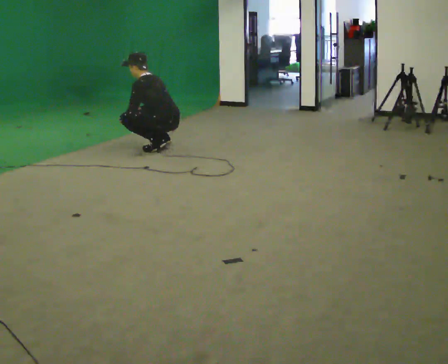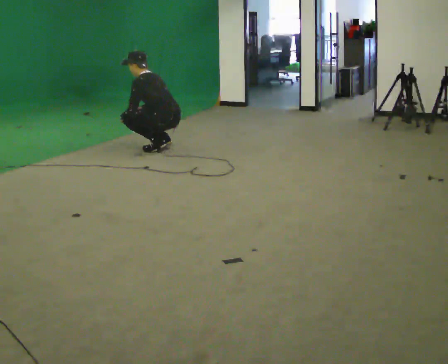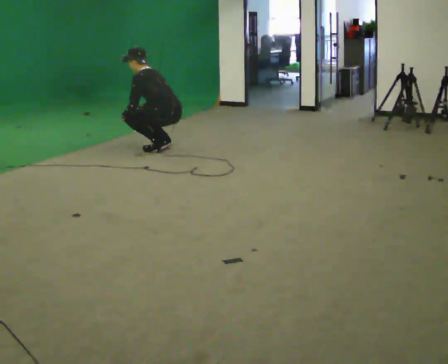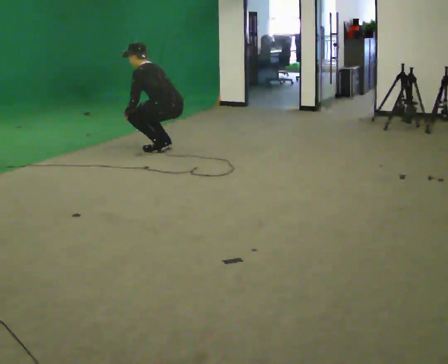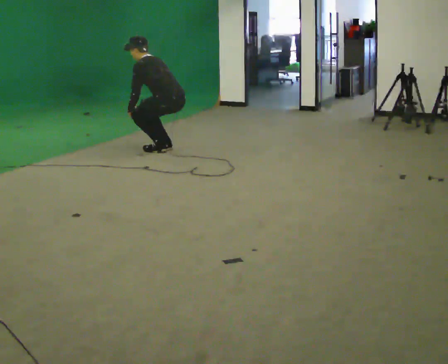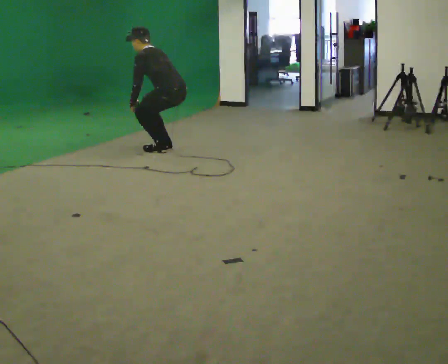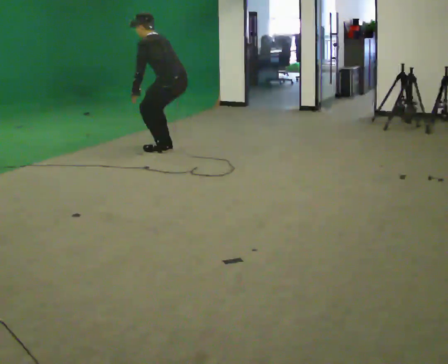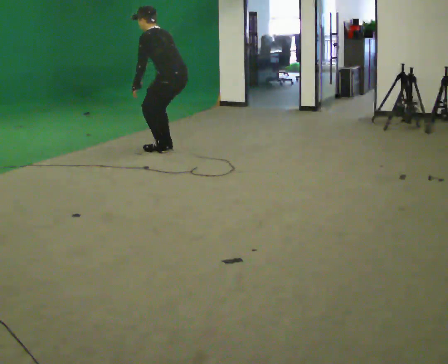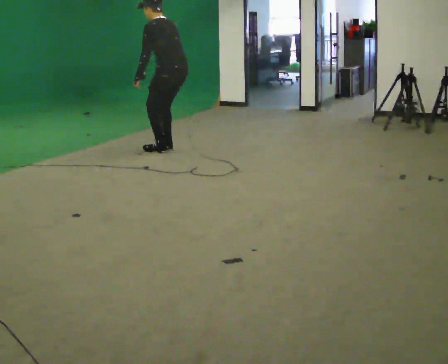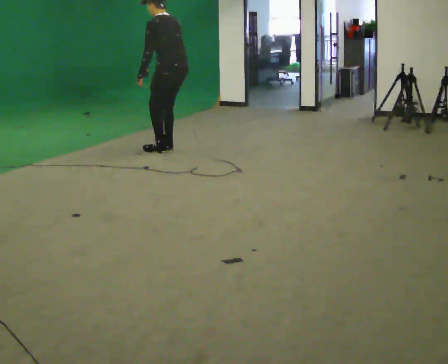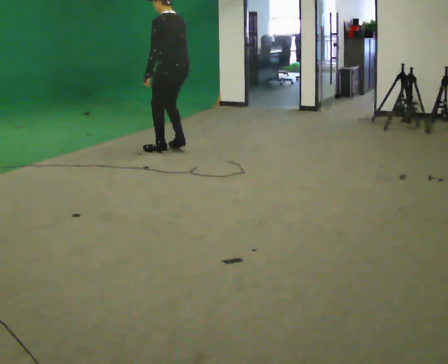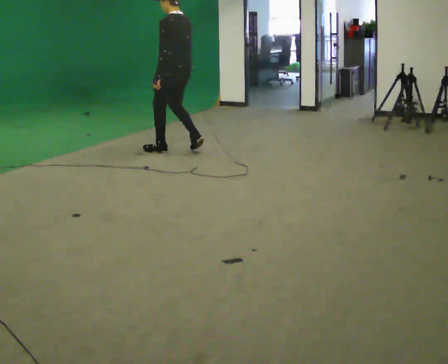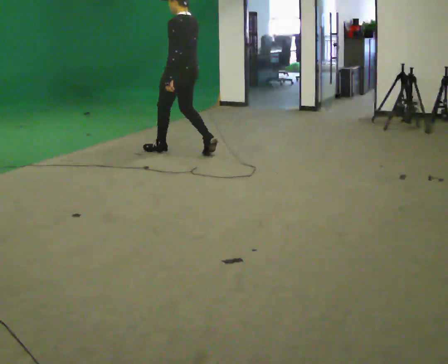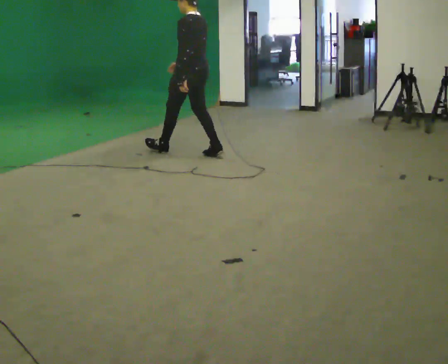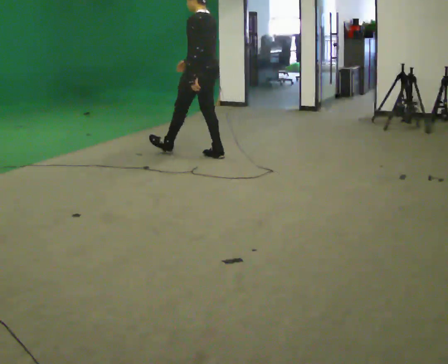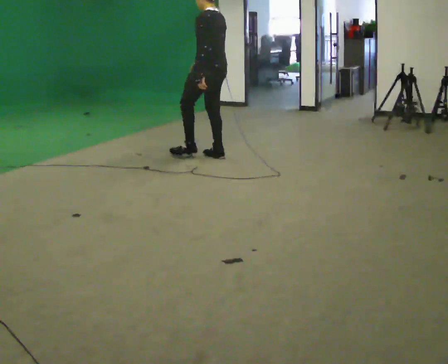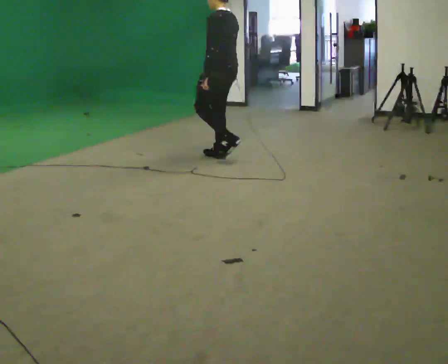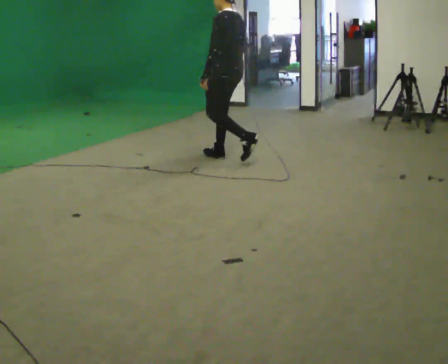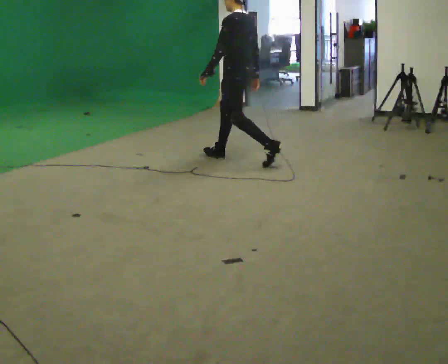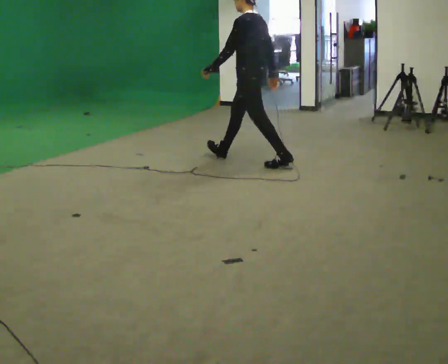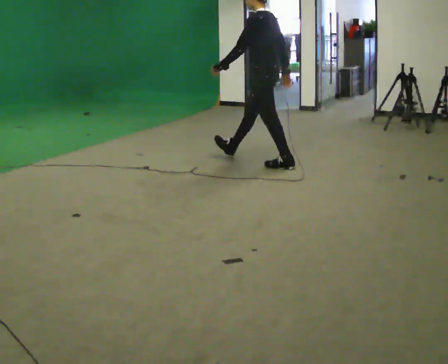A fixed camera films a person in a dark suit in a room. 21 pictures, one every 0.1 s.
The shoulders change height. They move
upward.
Their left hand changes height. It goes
upward.
0.0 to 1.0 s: The upper body goes upward. In the picture their right hand goes upward and to the right.
1.0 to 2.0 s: In the picture they go to the right and toward the camera, about 1 m in 2 steps, which for them is backward.
The film runs backward here.
